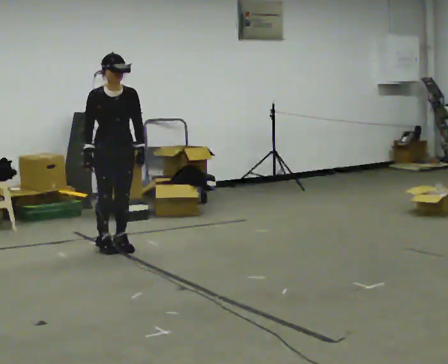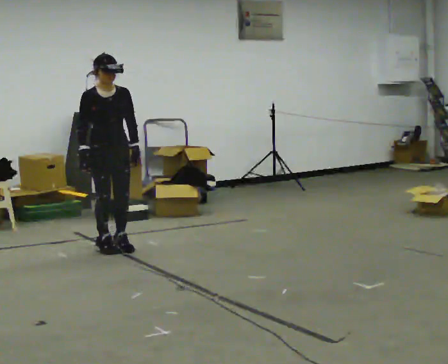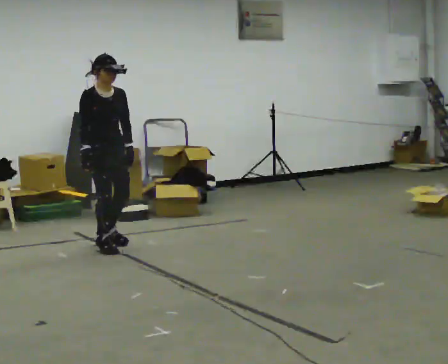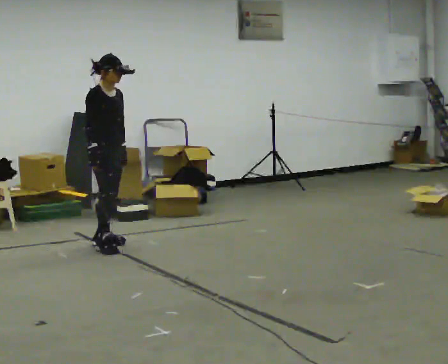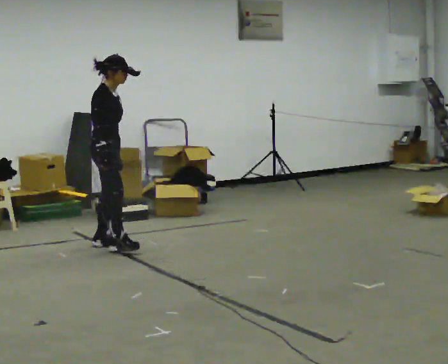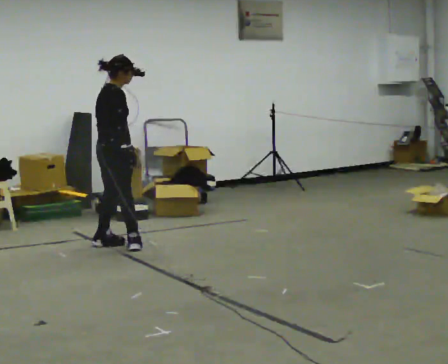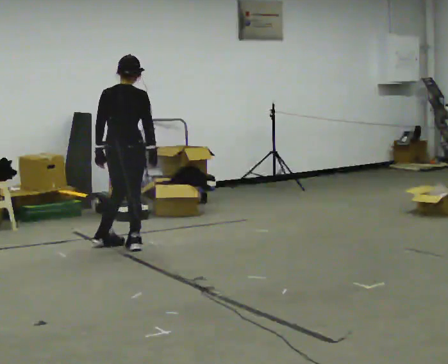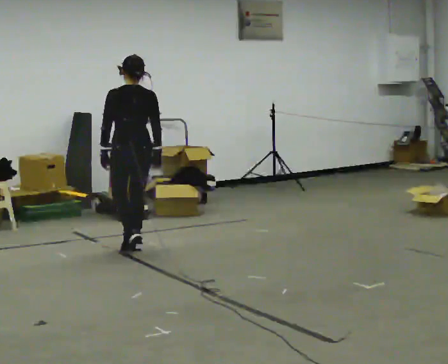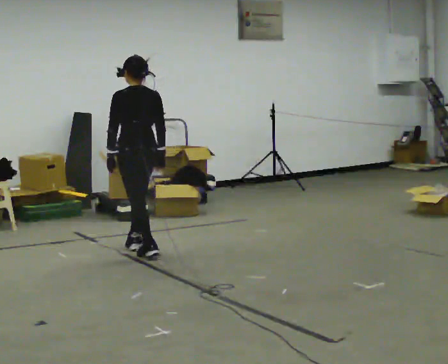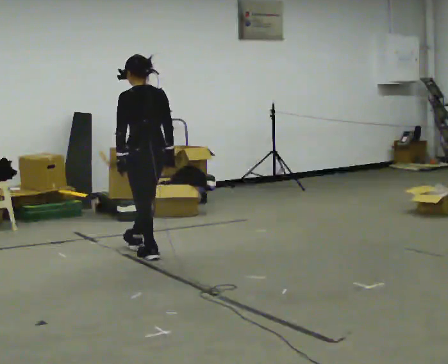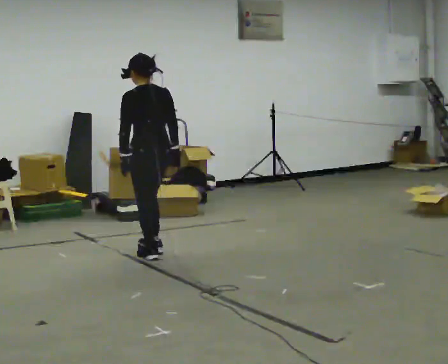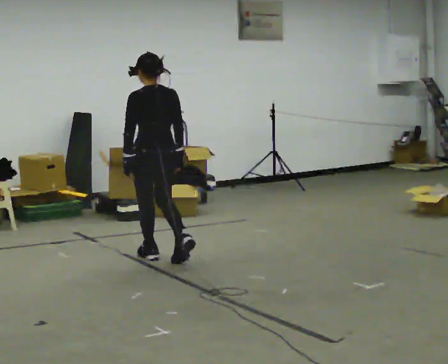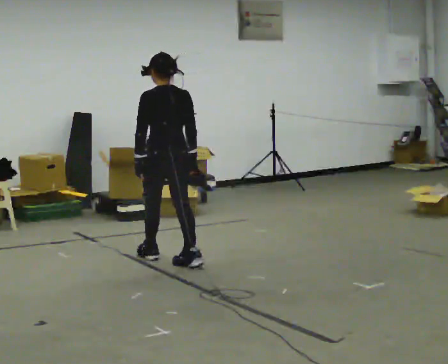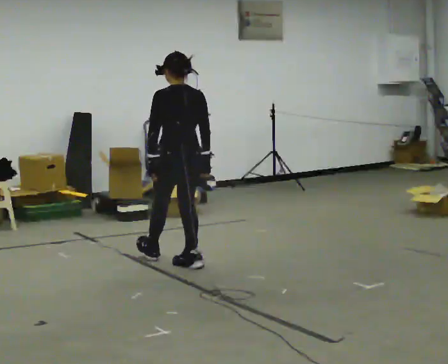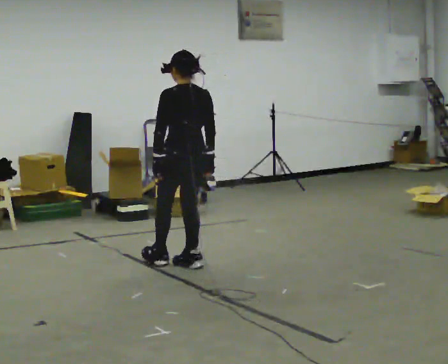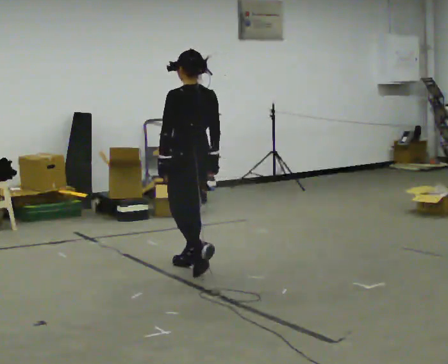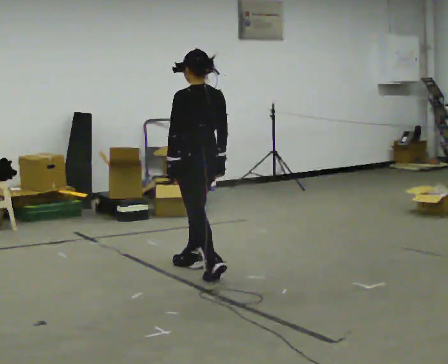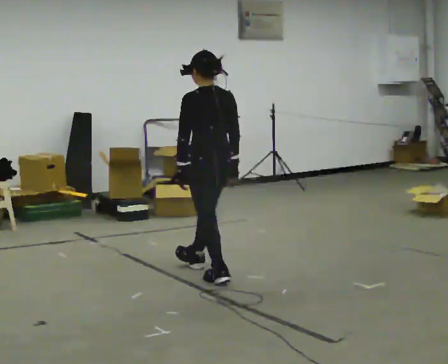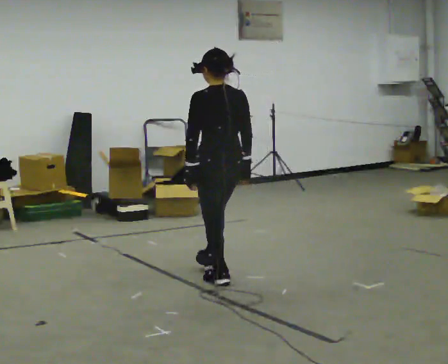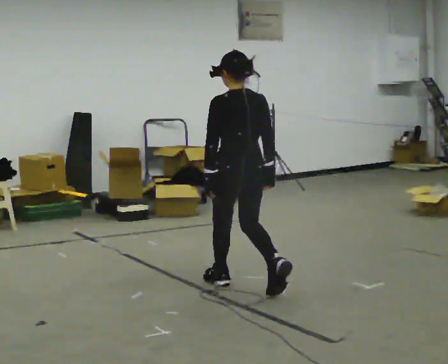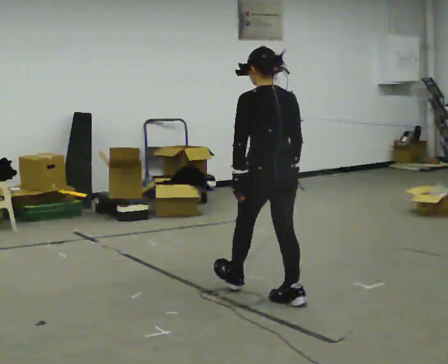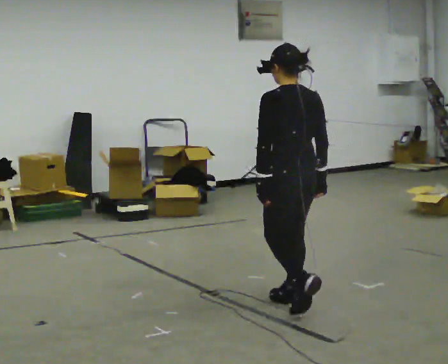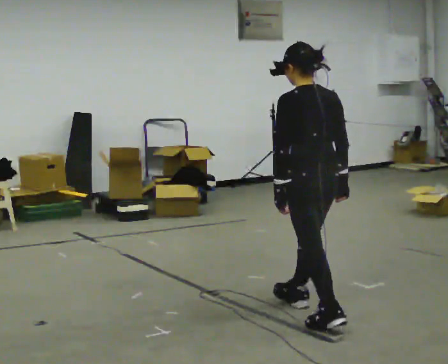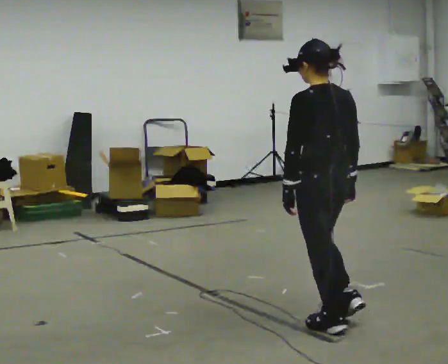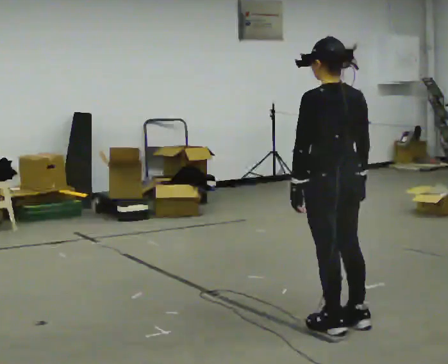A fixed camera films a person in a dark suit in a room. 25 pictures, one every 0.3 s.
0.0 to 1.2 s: The part of the body nearest the lens slides to the right as the person turns to their left by about 60 degrees.
1.2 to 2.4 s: Seen from above the body turns counterclockwise, about 120 degrees: to their left, with its near side sliding to the right. In the picture they go to the right and toward the camera, about 0.25 m in 1 step.
2.4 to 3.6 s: In the picture they go toward the camera and to the right, about 0.5 m in 1 step, which for them is backward.
3.6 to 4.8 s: In the picture they go toward the camera and to the right, about 0.25 m in 1 step, which for them is backward.
4.8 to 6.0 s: In the picture they go toward the camera and to the right, about 1 m in 2 steps, which for them is backward.
6.0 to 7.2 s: In the picture they go toward the camera and to the right, about 0.5 m in 1 step, which for them is backward.
The film runs backward here.
